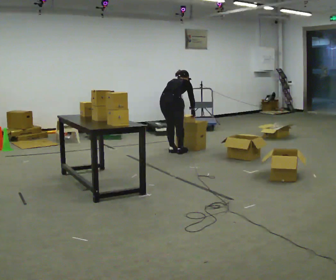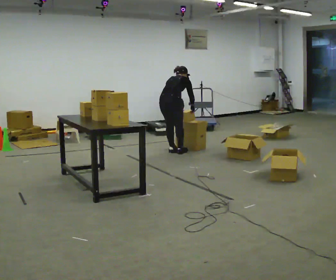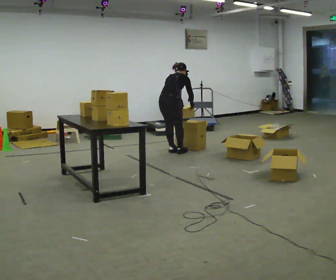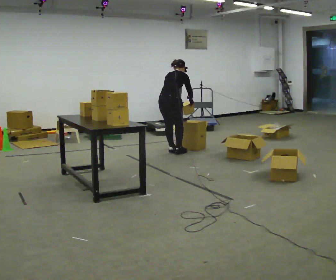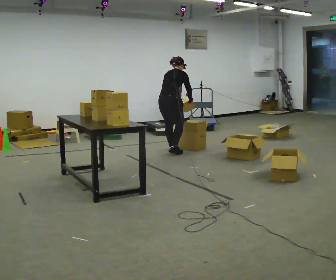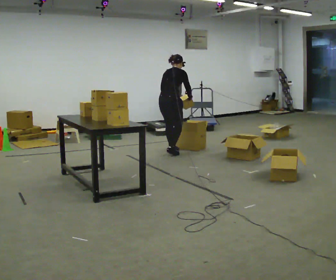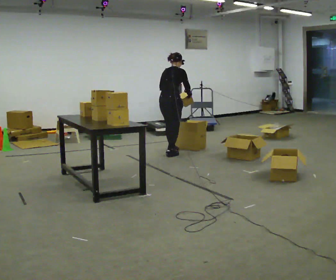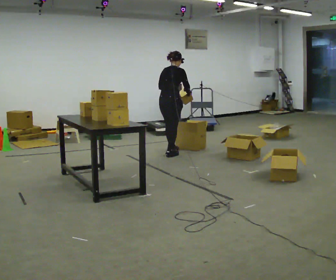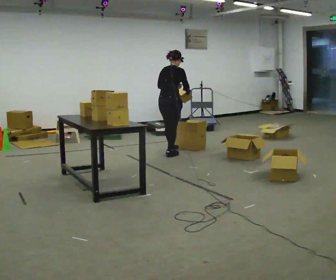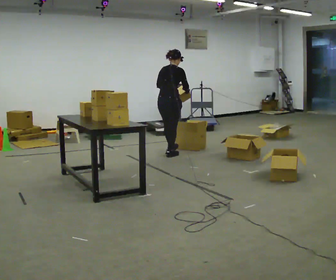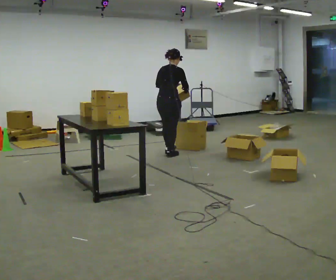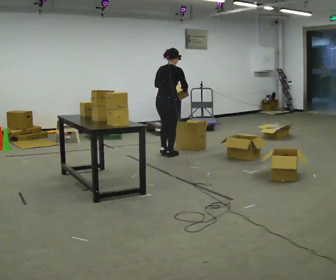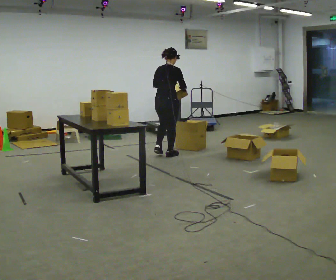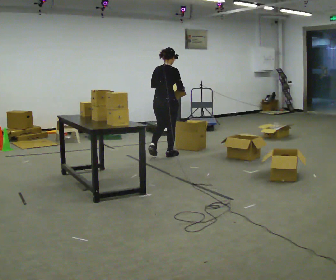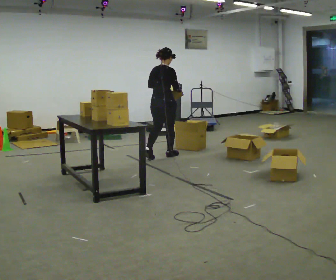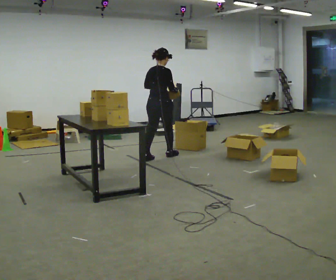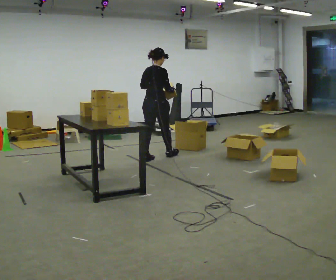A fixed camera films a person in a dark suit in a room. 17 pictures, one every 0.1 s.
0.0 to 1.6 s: In the picture they go toward the camera and to the left, about 0.5 m in 2 steps, which for them is backward. The shoulders move upward. The upper body tips toward the camera, its near side rolling downward, as they lean back or straighten. In the picture their left hand goes upward.
The film runs backward here.
